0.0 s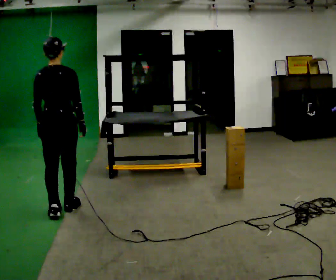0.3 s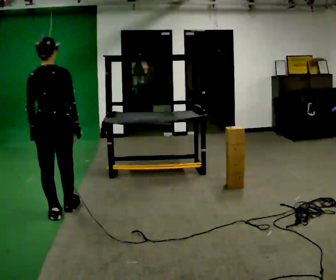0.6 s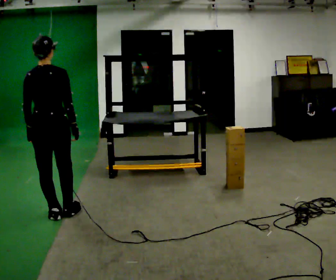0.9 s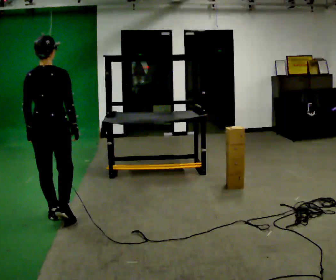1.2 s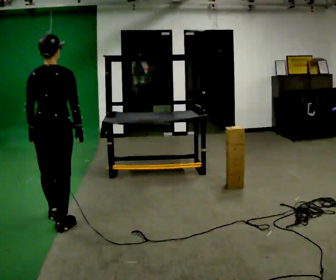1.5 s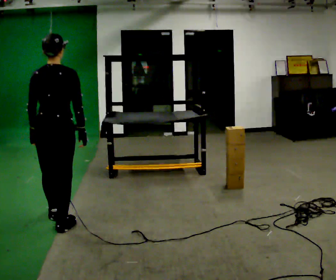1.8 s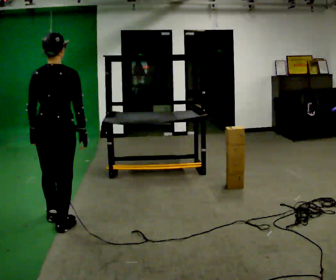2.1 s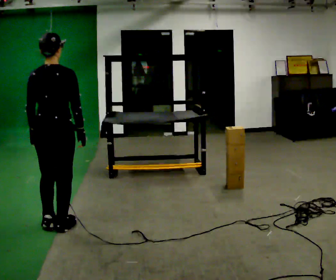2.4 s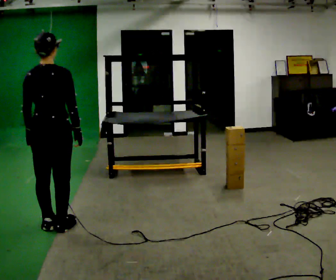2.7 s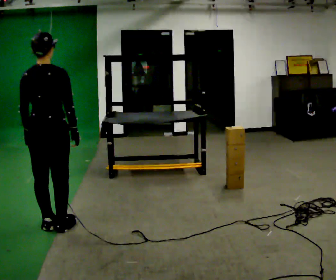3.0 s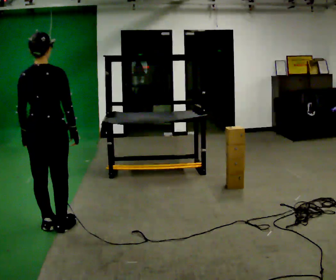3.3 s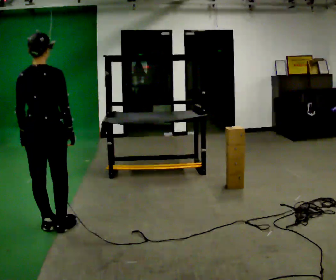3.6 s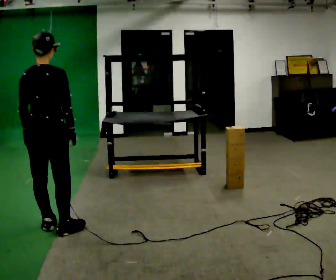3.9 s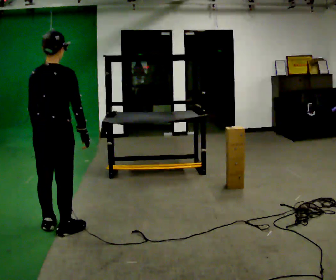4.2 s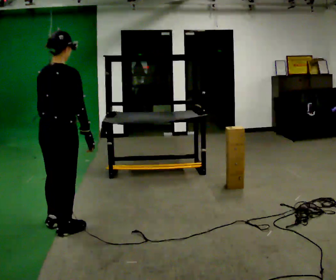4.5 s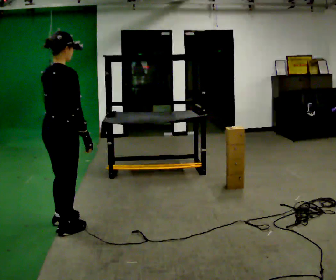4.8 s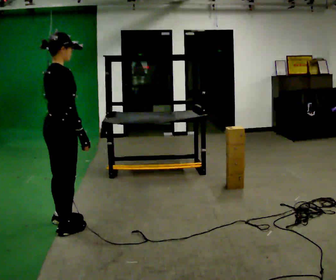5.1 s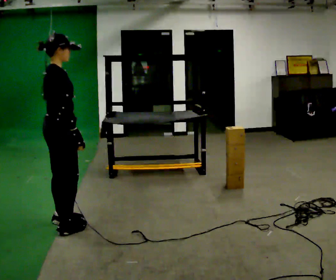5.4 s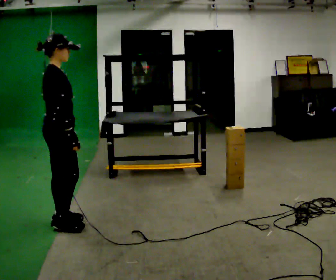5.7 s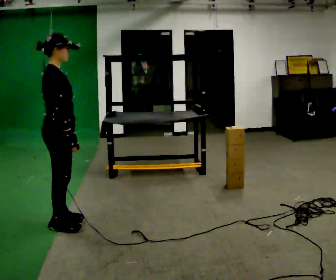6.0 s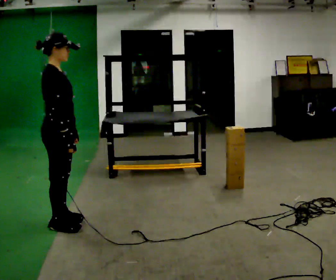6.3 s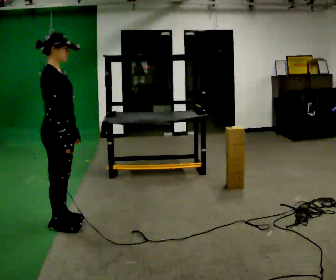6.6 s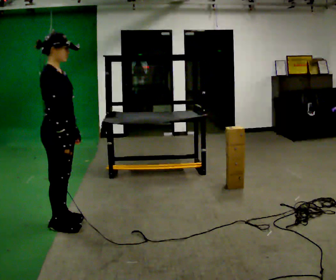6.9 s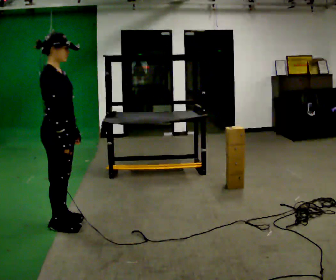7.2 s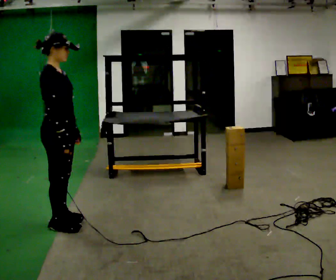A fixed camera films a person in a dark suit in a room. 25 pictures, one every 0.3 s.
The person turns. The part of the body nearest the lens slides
to the left.
The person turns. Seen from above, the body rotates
clockwise.
0.0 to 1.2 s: In the picture they go toward the camera, about 0.25 m in 1 step, which for them is backward.
1.2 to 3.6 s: In the picture they go toward the camera, about 0.25 m in 1 step, which for them is backward.
3.6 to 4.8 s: The part of the body nearest the lens slides to the left as the person turns to their right by about 45 degrees.
4.8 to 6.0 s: The person turns about 30 degrees to their right, clockwise seen from above, so the part of the body nearest the lens slides to the left.
6.0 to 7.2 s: The person moves a little, or ends about where they began.
The film runs backward here.
